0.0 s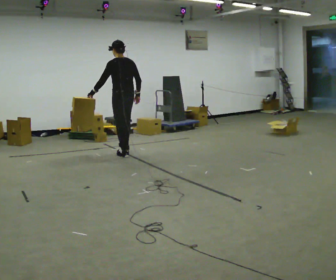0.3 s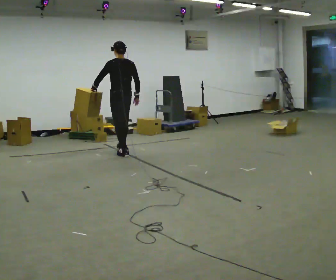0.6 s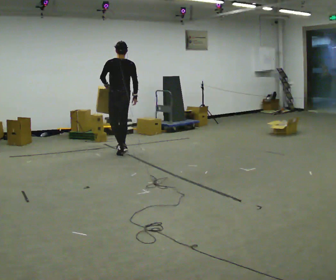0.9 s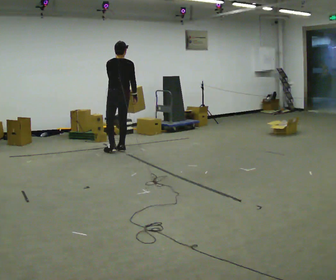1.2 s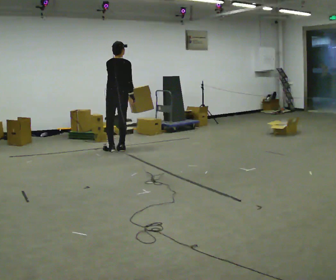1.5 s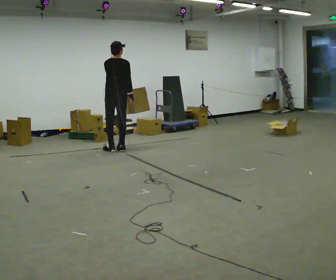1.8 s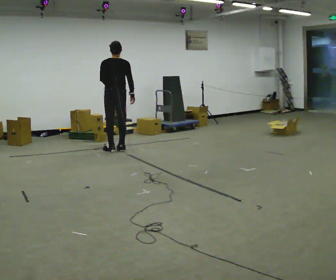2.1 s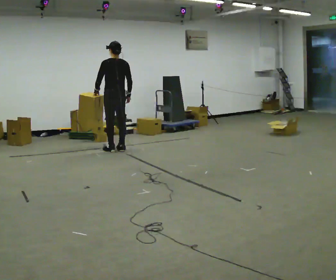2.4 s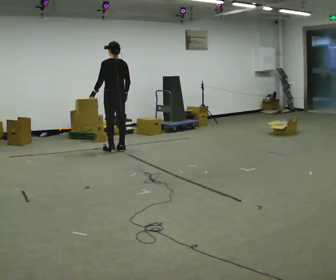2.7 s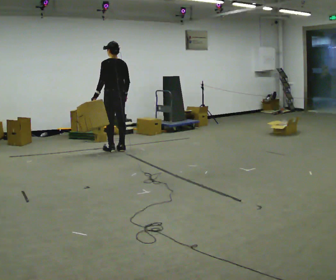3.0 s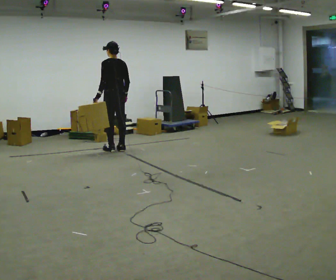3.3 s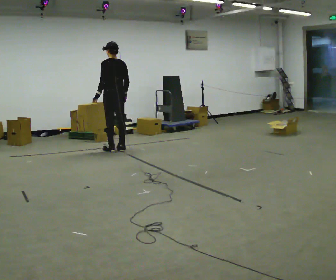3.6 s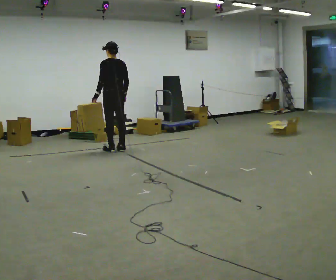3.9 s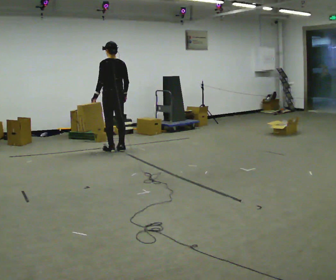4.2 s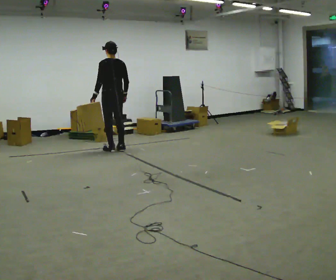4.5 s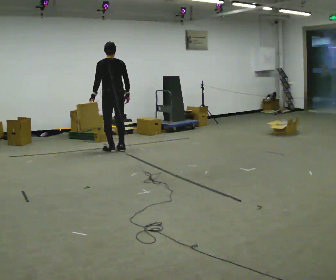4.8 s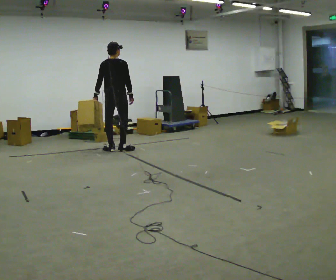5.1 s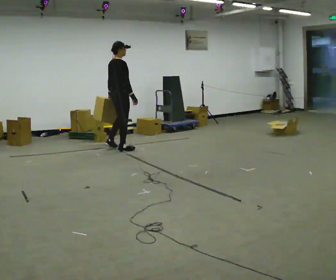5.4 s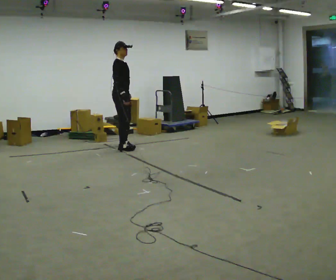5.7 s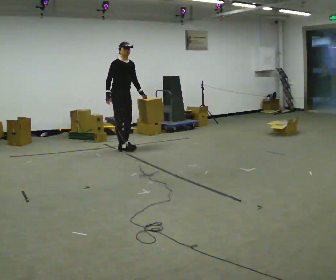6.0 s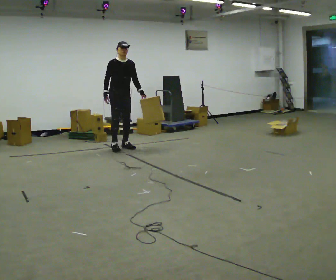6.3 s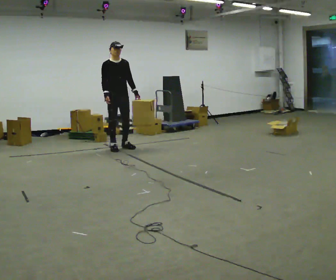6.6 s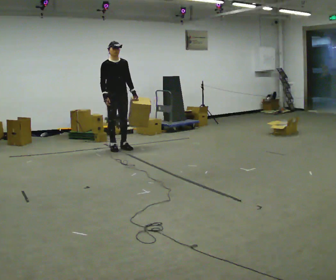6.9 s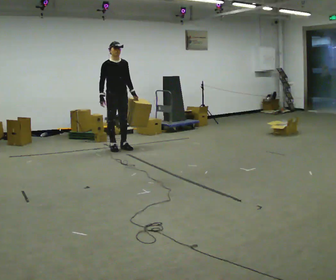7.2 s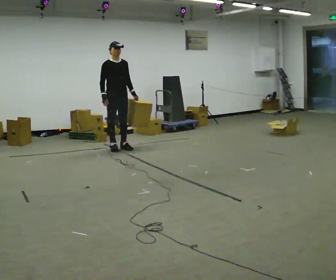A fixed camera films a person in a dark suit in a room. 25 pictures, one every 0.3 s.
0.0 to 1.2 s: The part of the body nearest the lens slides to the left as the person turns to their right by about 45 degrees. In the picture they go away from the camera, about 0.25 m in 2 steps, which for them is forward.
1.2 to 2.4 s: Seen from above the body turns counterclockwise, about 30 degrees: to their left, with its near side sliding to the right. In the picture their left hand goes to the left, the arm swinging clockwise.
2.4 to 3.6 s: The person moves a little, or ends about where they began.
3.6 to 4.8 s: The part of the body nearest the lens slides to the left as the person turns to their right by about 60 degrees.
4.8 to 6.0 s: The person turns about 135 degrees to their right, clockwise seen from above, so the part of the body nearest the lens slides to the left. In the picture they go away from the camera, about 0.25 m in 1 step. In the picture their left hand goes to the right, the arm swinging counterclockwise.
6.0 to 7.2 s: The person moves a little, or ends about where they began.
The film runs forward here.
